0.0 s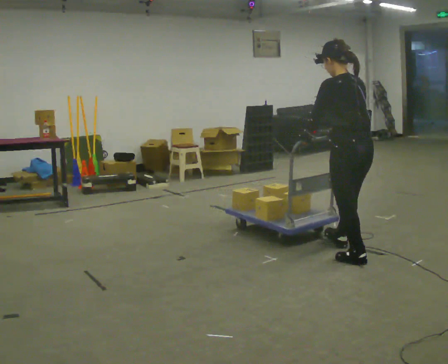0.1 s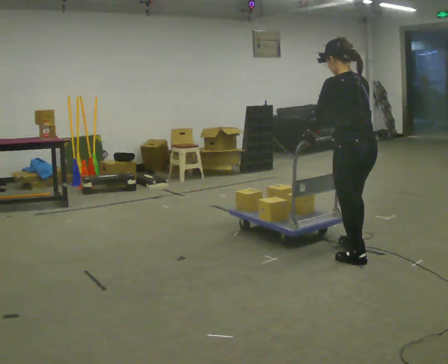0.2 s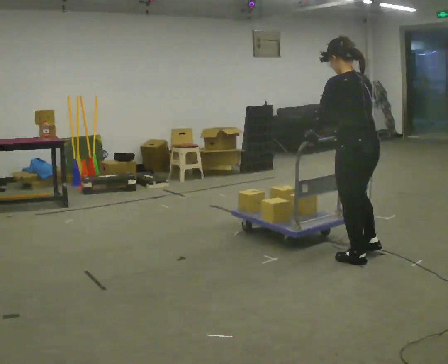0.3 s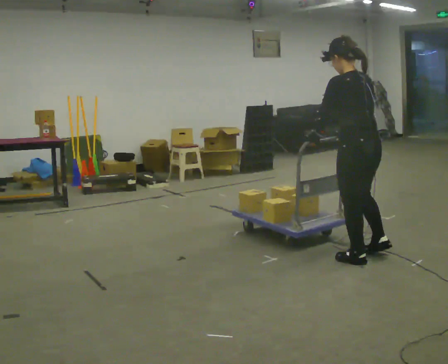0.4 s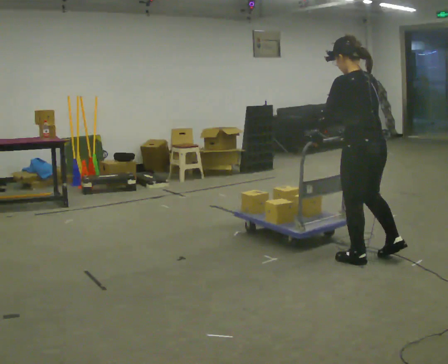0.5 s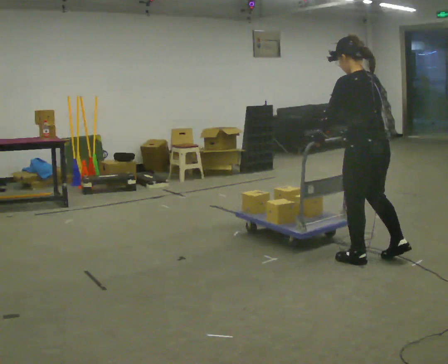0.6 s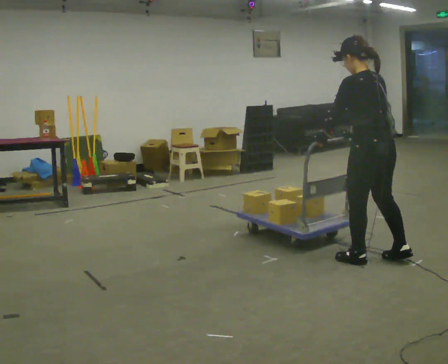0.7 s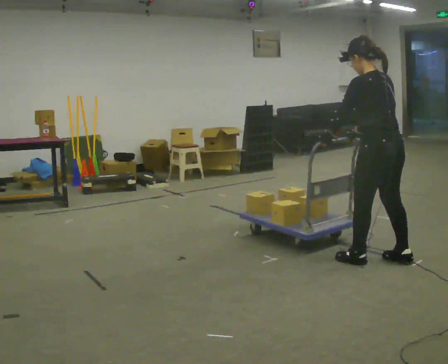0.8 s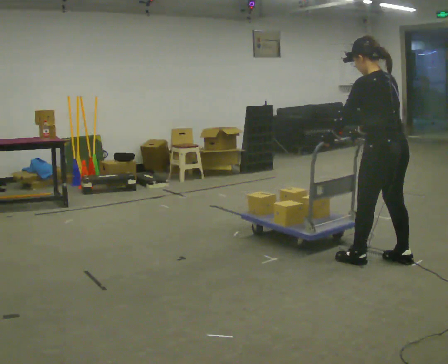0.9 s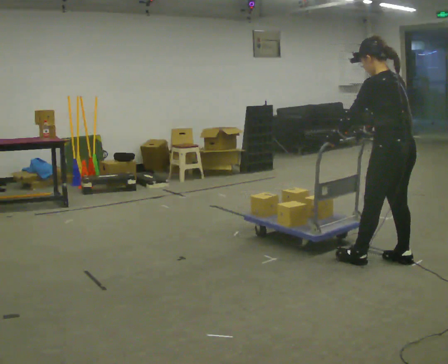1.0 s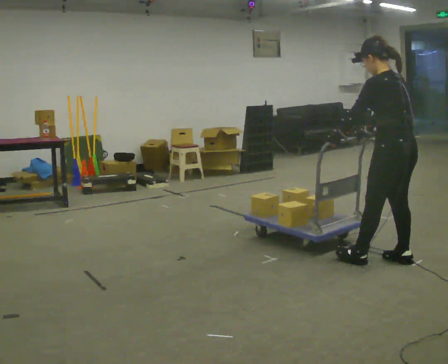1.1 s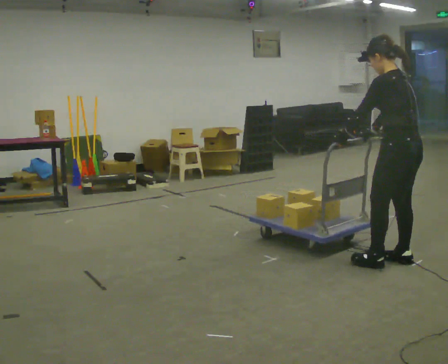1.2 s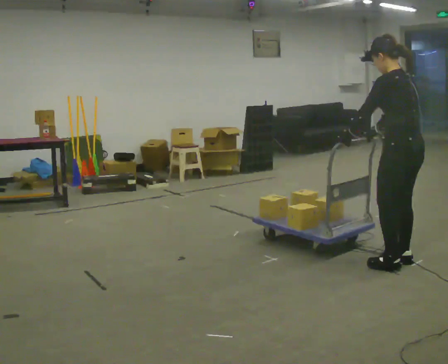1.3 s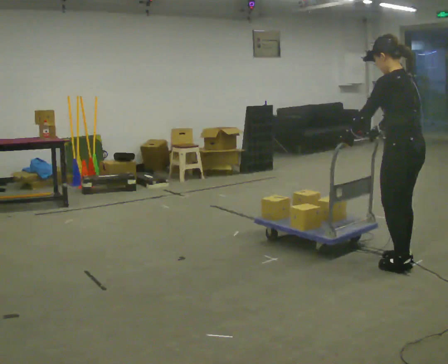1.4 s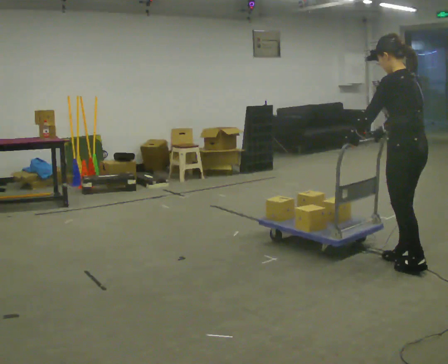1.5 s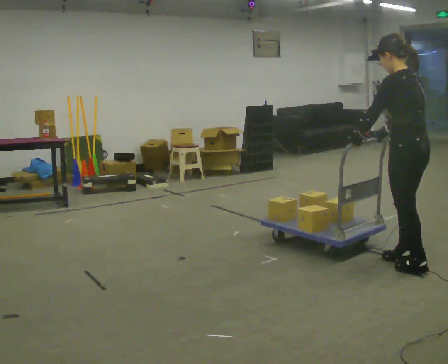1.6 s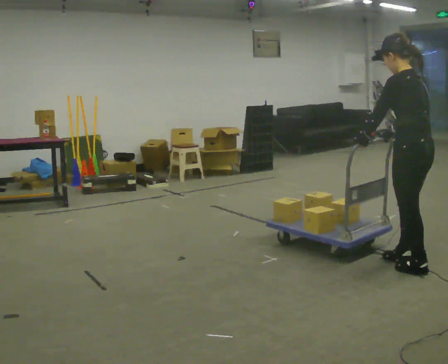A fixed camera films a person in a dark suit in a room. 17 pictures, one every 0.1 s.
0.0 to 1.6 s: In the picture they go to the right and toward the camera, about 0.5 m in 2 steps, which for them is backward.
The film runs forward here.
